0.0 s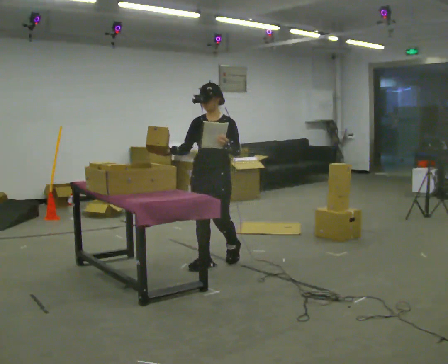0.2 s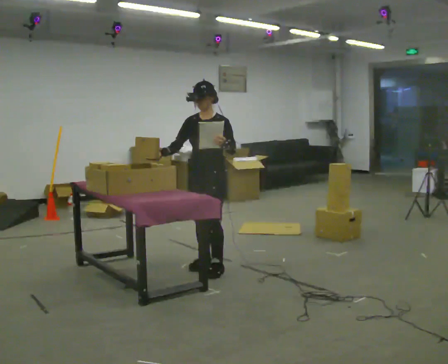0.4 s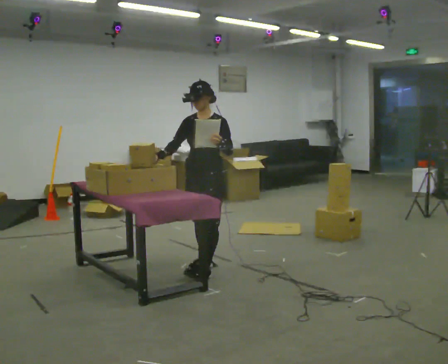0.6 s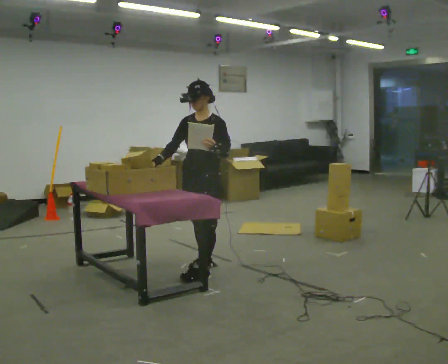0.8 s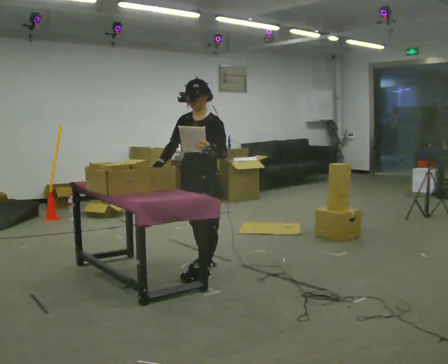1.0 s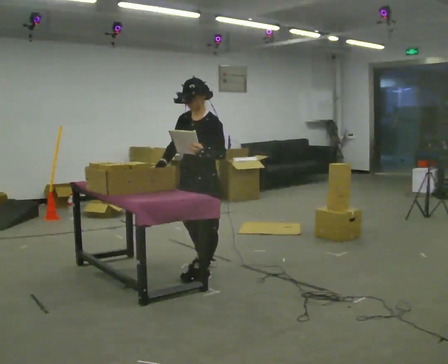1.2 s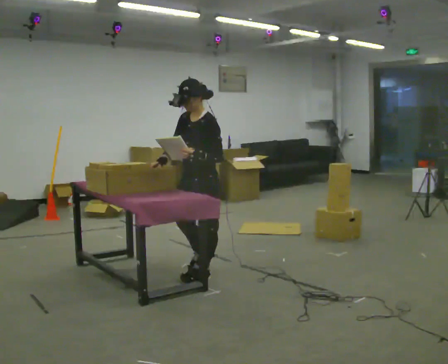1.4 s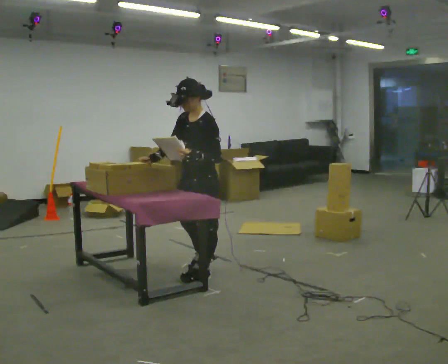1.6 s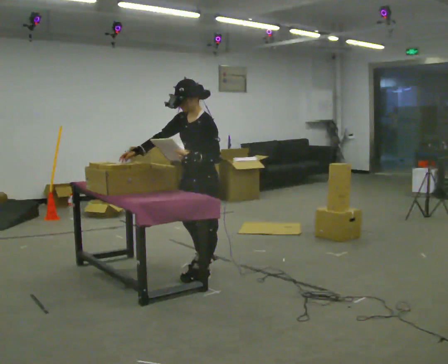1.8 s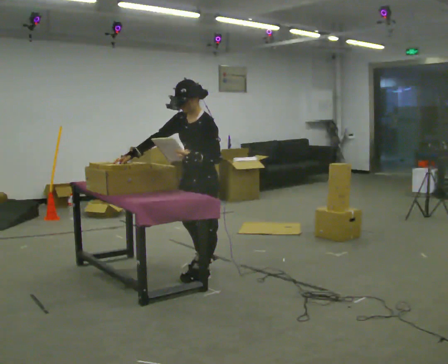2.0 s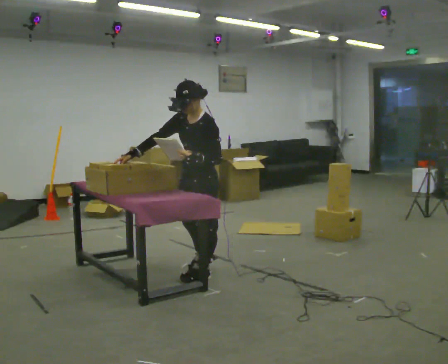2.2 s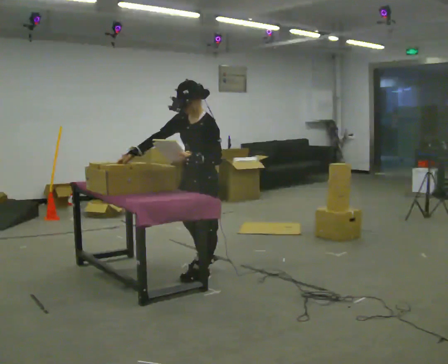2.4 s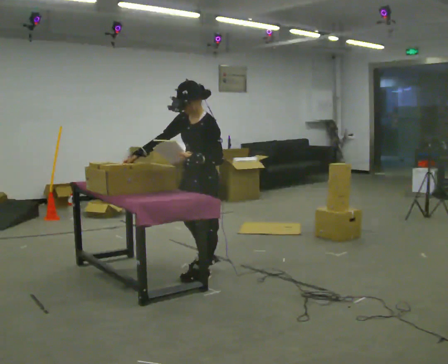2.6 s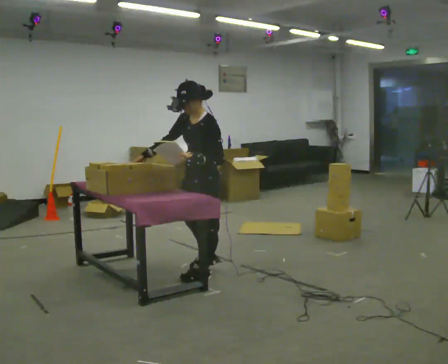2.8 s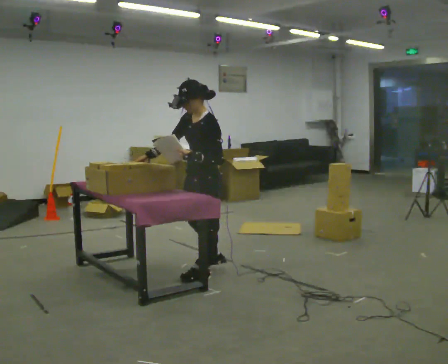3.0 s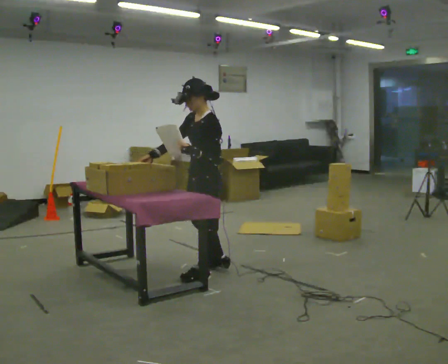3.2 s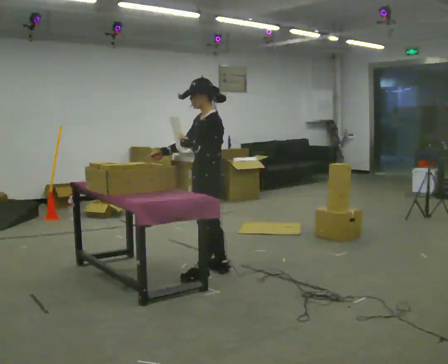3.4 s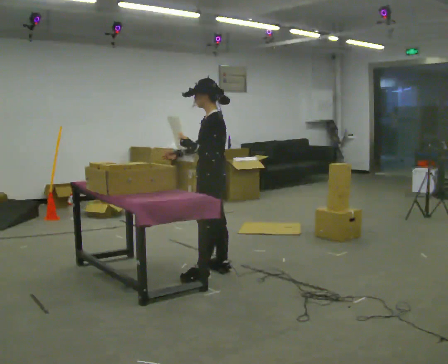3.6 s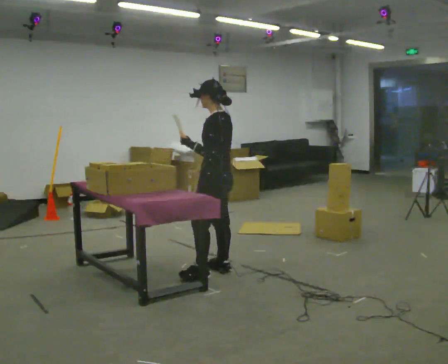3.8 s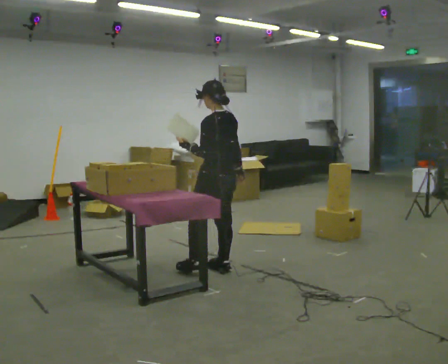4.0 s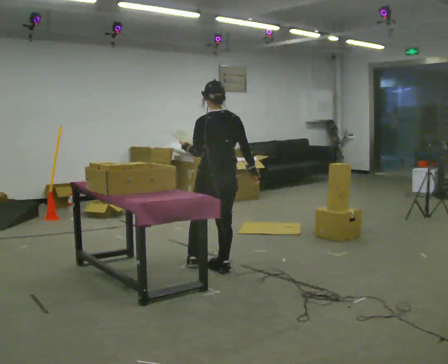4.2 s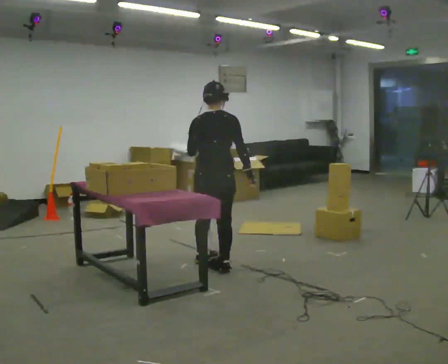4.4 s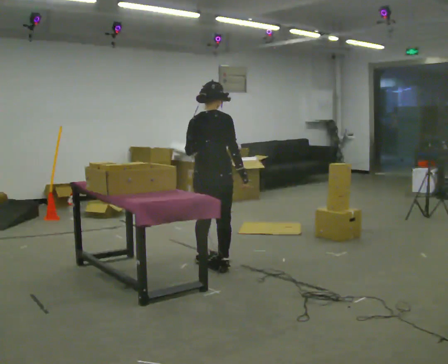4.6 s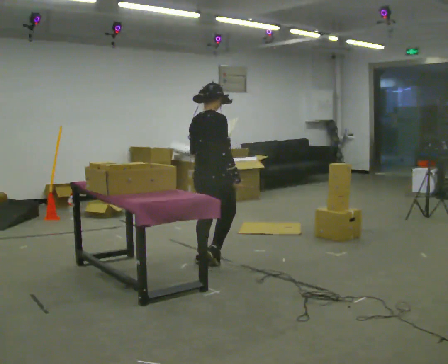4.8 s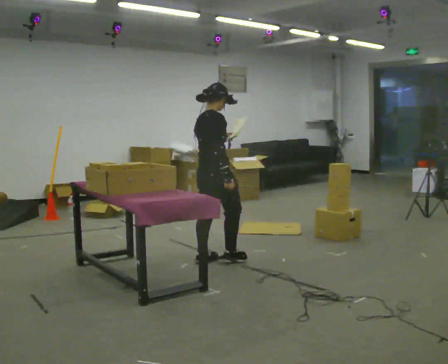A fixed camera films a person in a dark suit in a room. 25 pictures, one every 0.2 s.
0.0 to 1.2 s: The part of the body nearest the lens slides to the left as the person turns to their right by about 45 degrees. In the picture they go toward the camera, about 0.25 m in 1 step, which for them is forward and to their left.
1.2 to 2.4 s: The person moves a little, or ends about where they began.
2.4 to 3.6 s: The part of the body nearest the lens slides to the left as the person turns to their right by about 45 degrees. In the picture they go away from the camera, about 0.25 m in 1 step, which for them is to their right and backward. The upper body tips away from the camera, its near side rolling upward, as they lean back or straighten. In the picture their right hand goes to the right, the arm swinging counterclockwise.
3.6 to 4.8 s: Seen from above the body turns clockwise, about 120 degrees: to their right, with its near side sliding to the left. In the picture they go away from the camera, about 0.25 m in 1 step.
The film runs forward here.
